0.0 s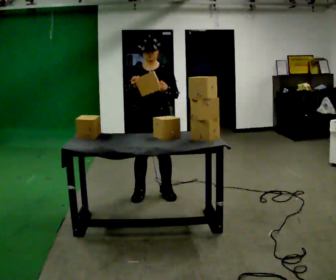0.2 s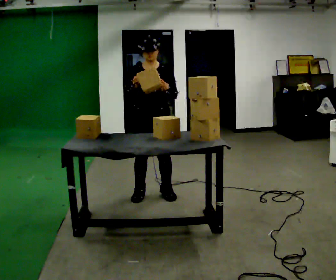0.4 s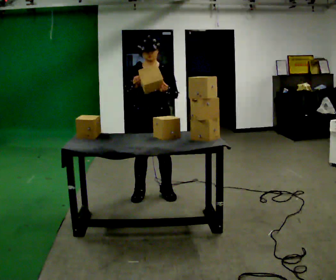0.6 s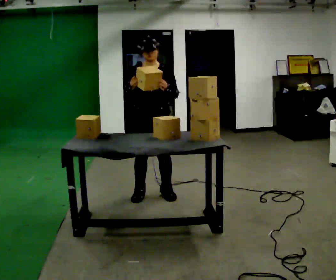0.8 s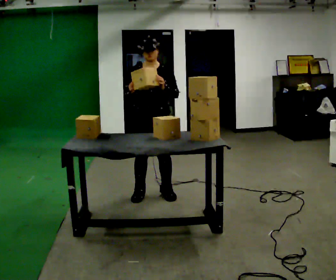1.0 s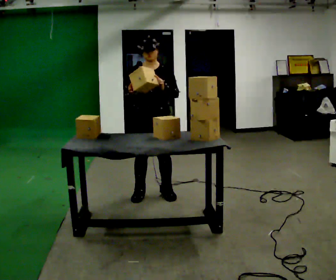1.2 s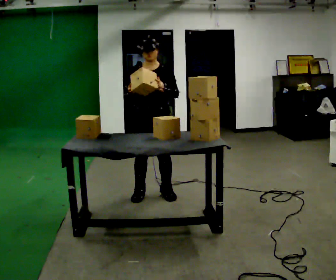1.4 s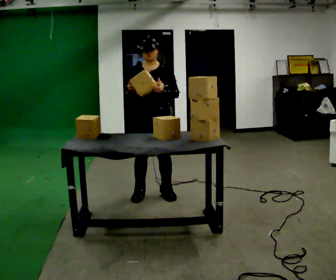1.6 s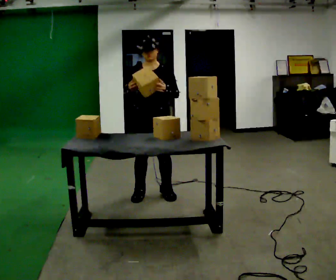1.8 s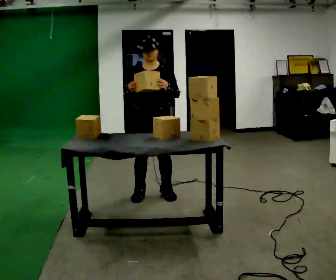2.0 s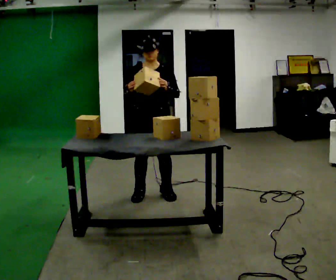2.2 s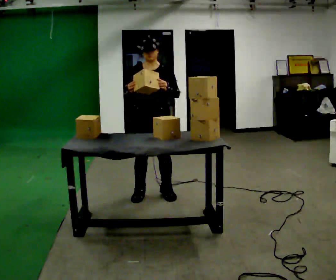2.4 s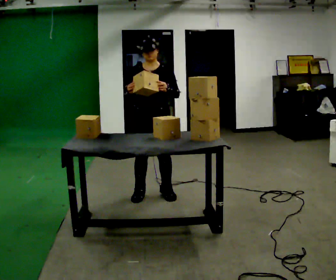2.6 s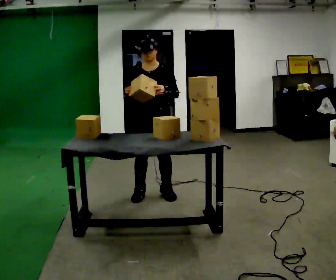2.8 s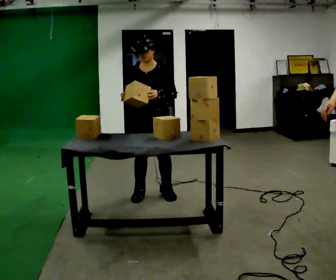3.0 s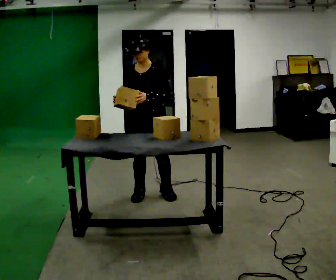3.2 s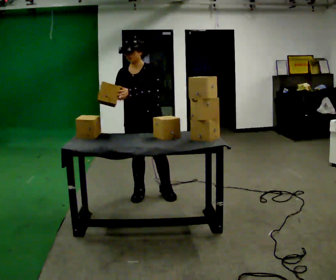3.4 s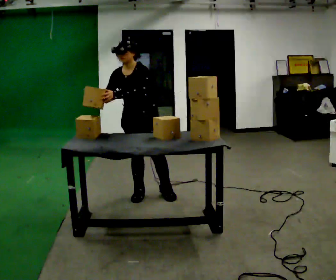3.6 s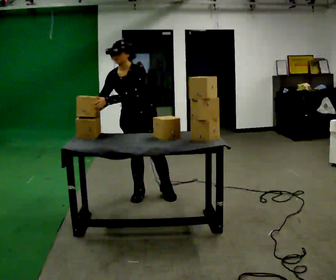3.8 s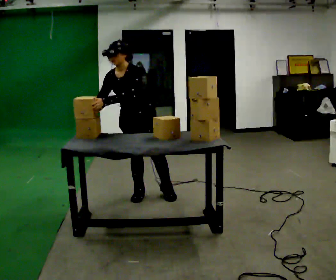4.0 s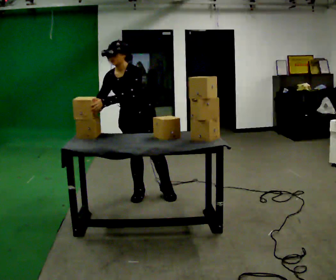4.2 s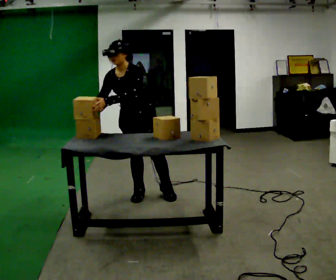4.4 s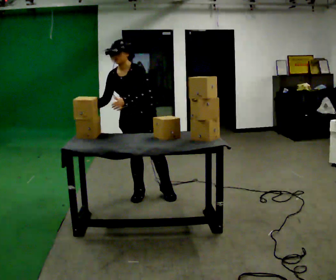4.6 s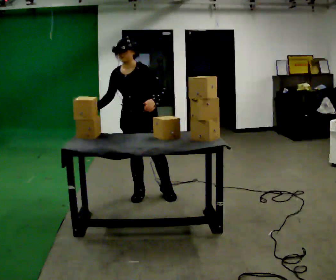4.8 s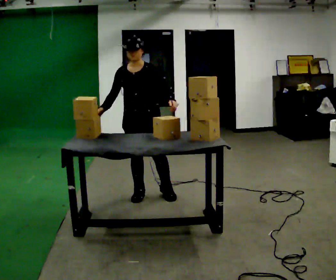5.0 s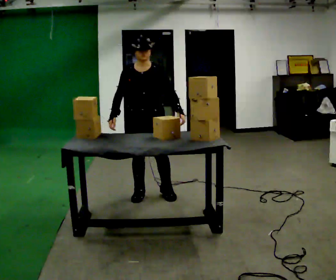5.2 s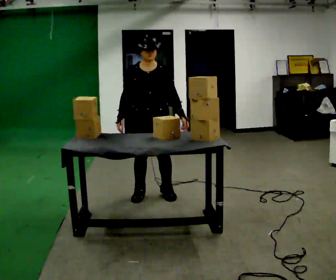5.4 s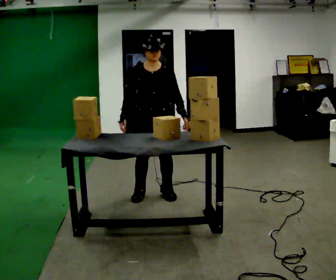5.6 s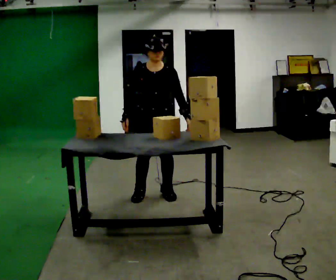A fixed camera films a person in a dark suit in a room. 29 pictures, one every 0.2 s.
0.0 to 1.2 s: The person moves a little, or ends about where they began.
1.2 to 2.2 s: The person keeps their place and pose.
2.2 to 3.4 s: The upper body tips toward the camera, its near side rolling downward, as they bend forward. In the picture their left hand goes to the left.
3.4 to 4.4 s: The person moves a little, or ends about where they began.
4.4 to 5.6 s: In the picture they go to the right, about 0.25 m, which for them is to their left. In the picture the upper body tilts clockwise, shoulders to the right, as they lean back or straighten. In the picture their left hand goes to the right.
The film runs forward here.
